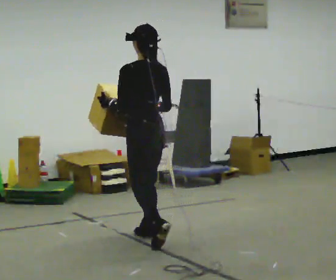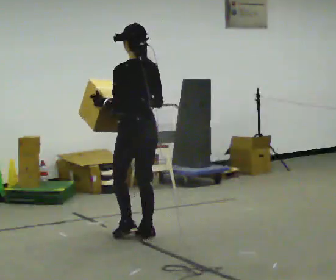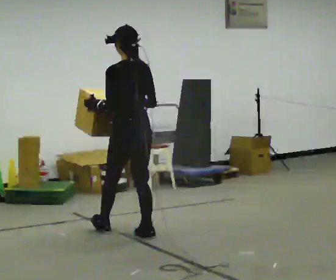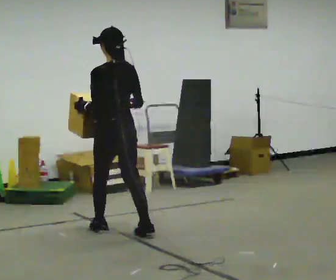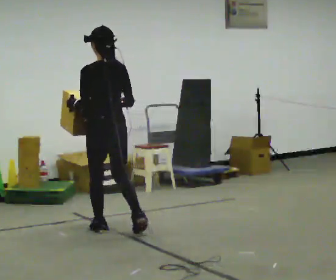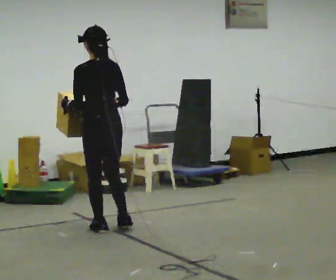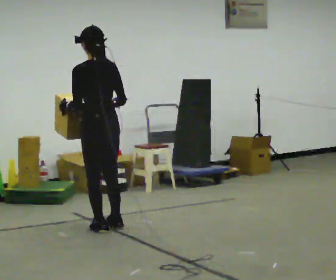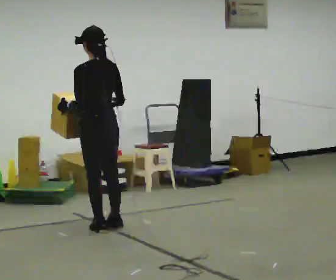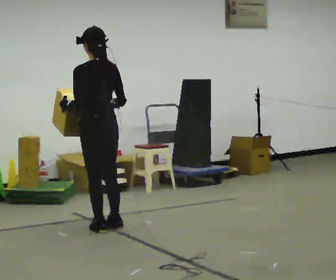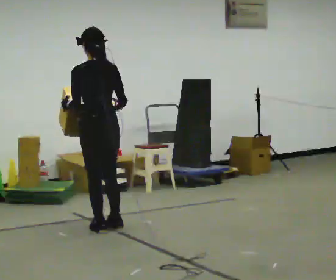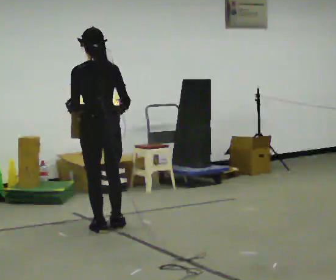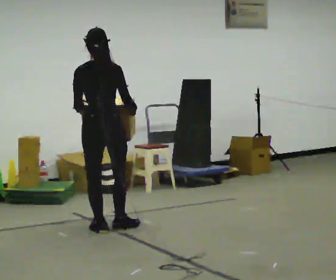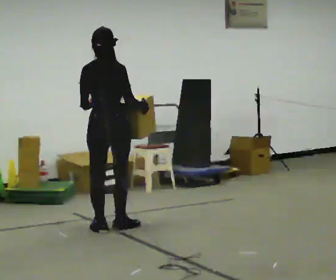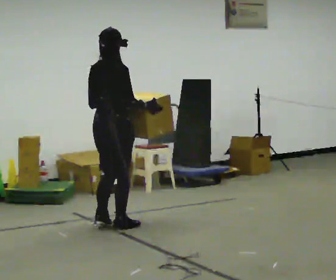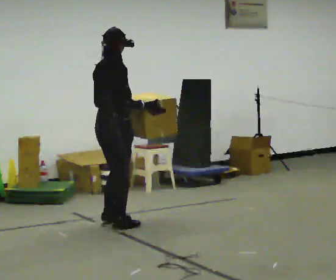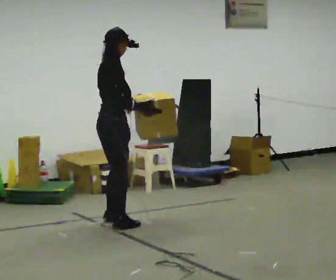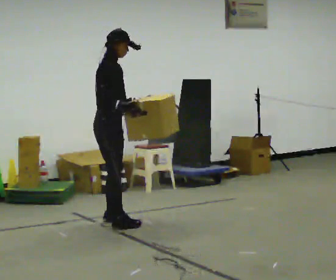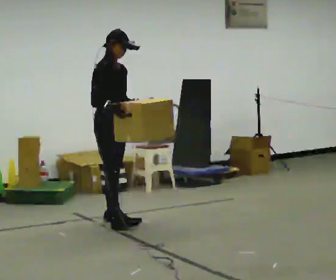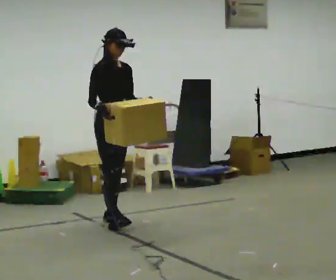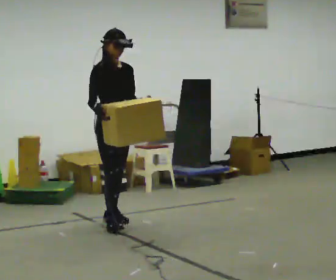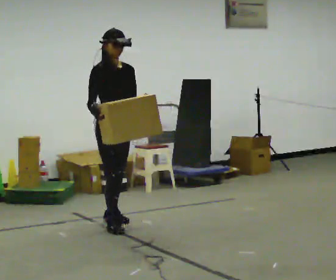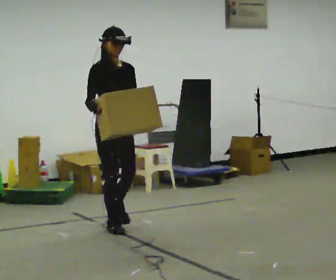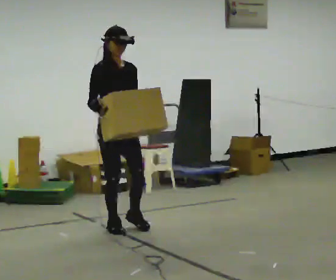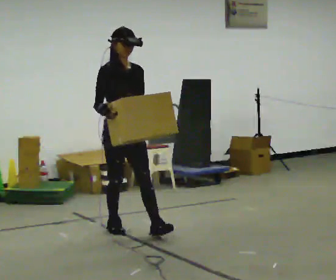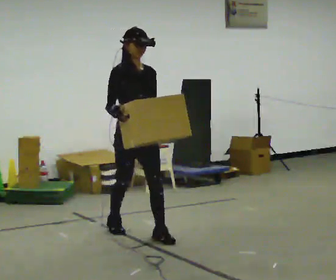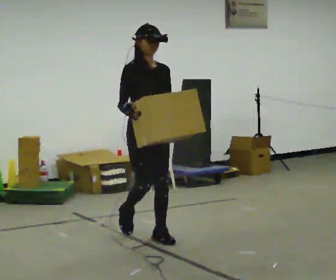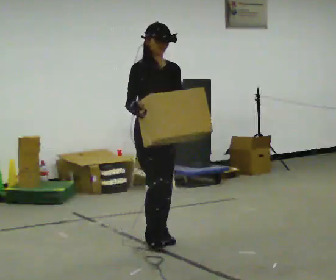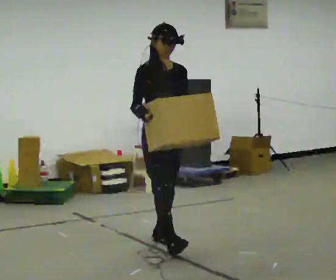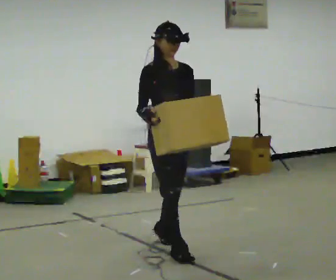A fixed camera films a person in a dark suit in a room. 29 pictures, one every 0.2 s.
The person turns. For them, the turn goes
to their right.
The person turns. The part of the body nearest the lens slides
to the left.
0.0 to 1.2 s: In the picture they go away from the camera and to the left, about 0.5 m in 2 steps, which for them is forward and to their left.
1.2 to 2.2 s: The person turns about 30 degrees to their right, clockwise seen from above, so the part of the body nearest the lens slides to the left.
2.2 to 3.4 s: The person turns about 120 degrees to their right, clockwise seen from above, so the part of the body nearest the lens slides to the left. In the picture they go away from the camera, about 0.25 m in 1 step.
3.4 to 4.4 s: In the picture they go toward the camera, about 0.25 m, which for them is forward.
4.4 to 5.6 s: In the picture they go toward the camera, about 1 m in 2 steps, which for them is forward.
The film runs forward here.
